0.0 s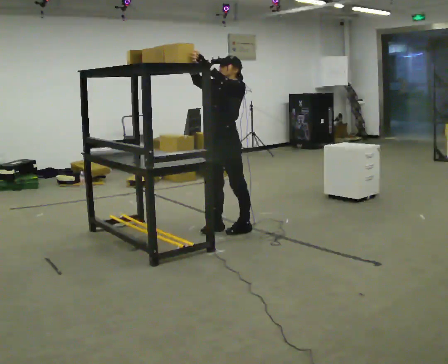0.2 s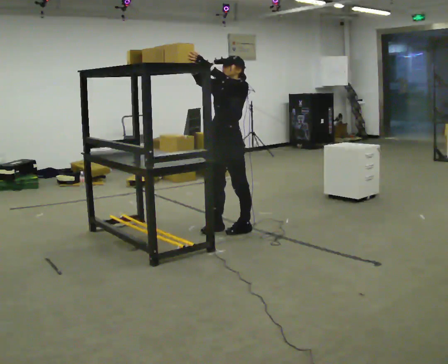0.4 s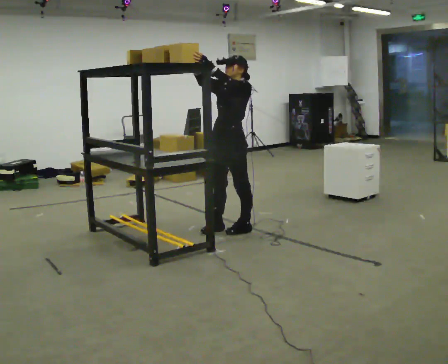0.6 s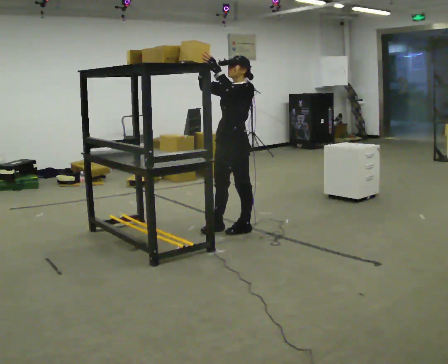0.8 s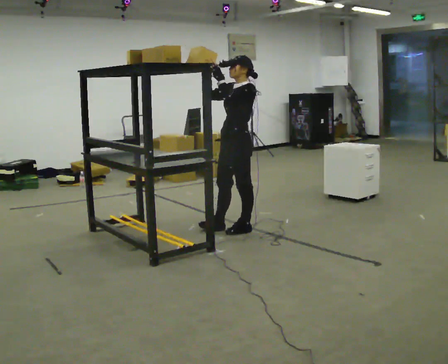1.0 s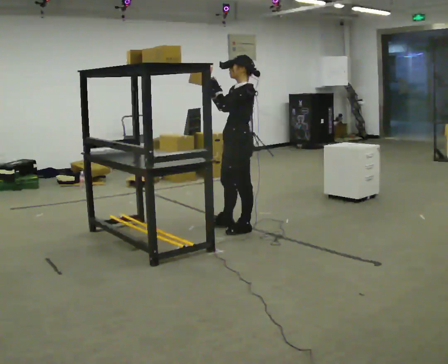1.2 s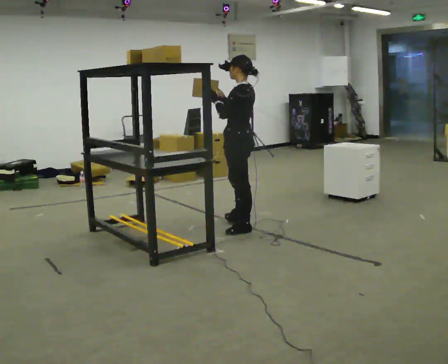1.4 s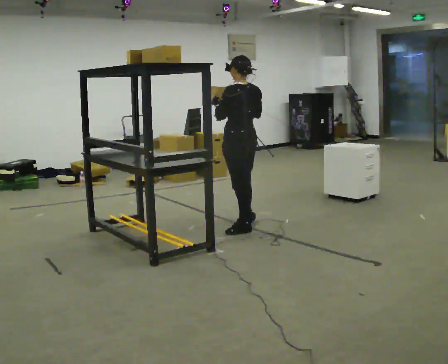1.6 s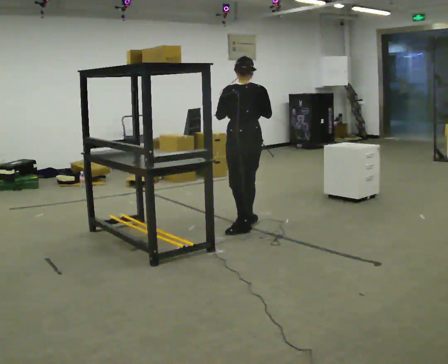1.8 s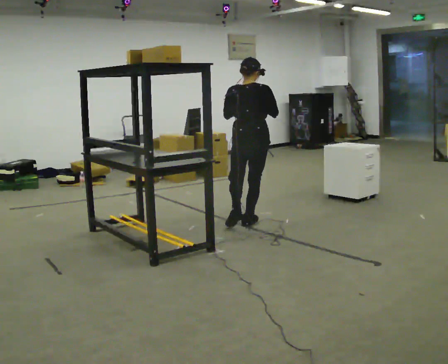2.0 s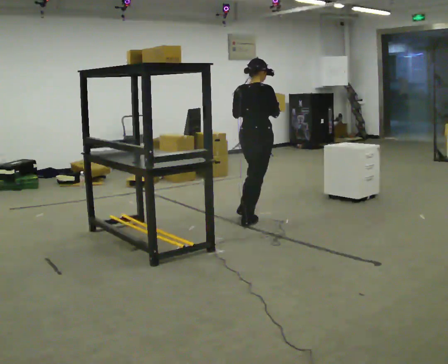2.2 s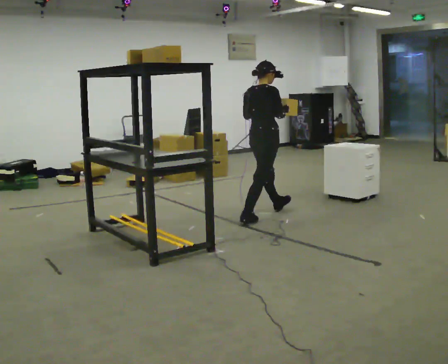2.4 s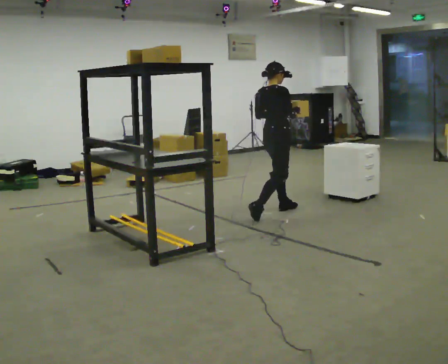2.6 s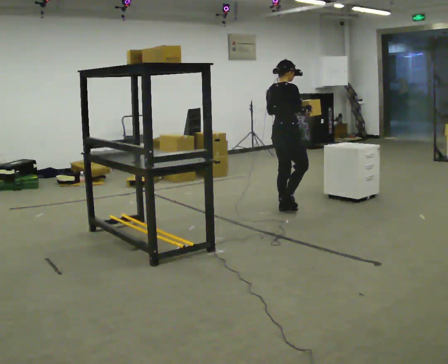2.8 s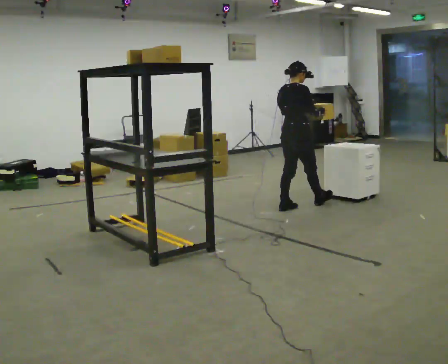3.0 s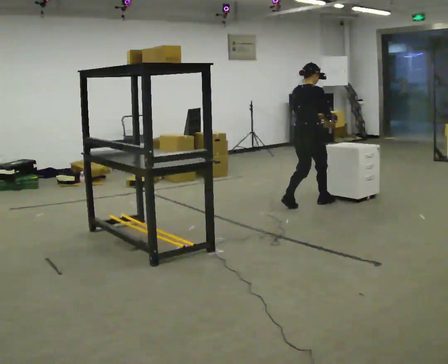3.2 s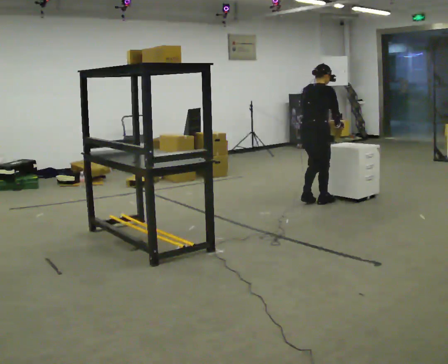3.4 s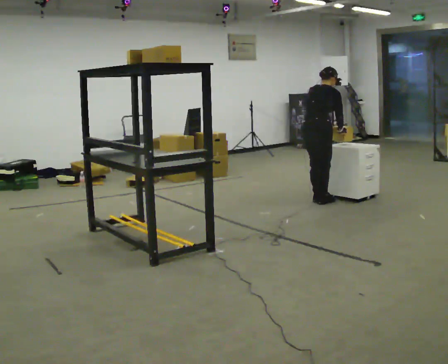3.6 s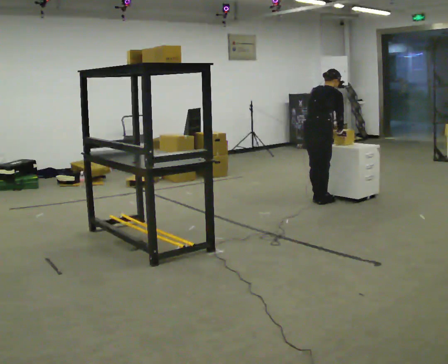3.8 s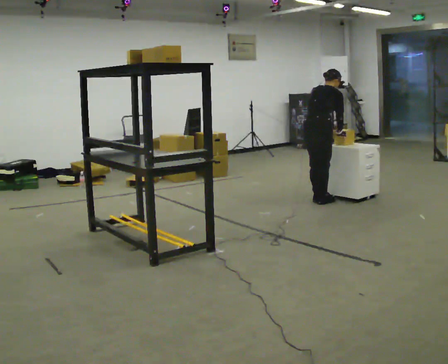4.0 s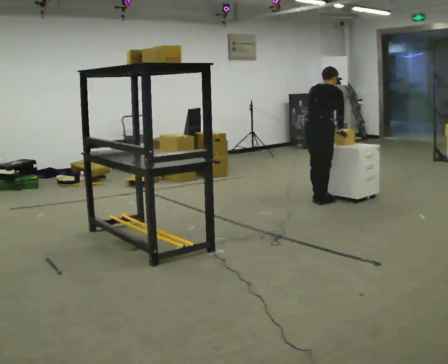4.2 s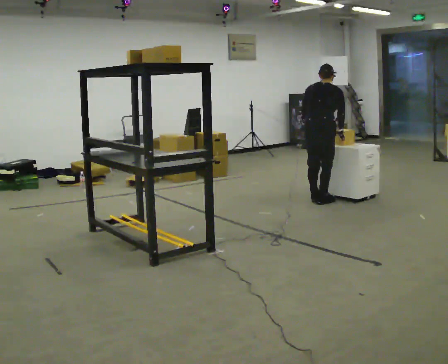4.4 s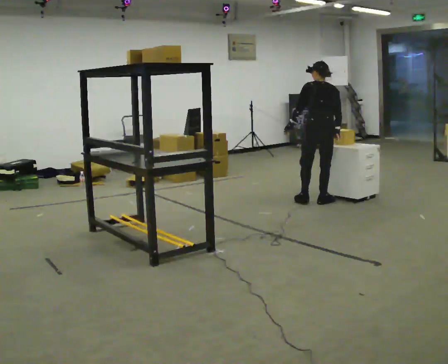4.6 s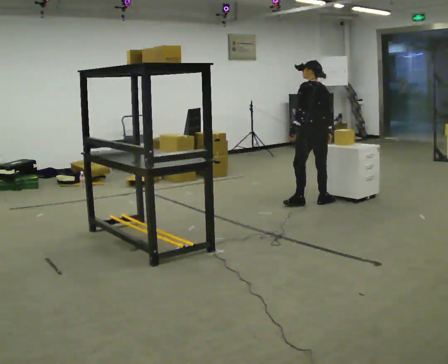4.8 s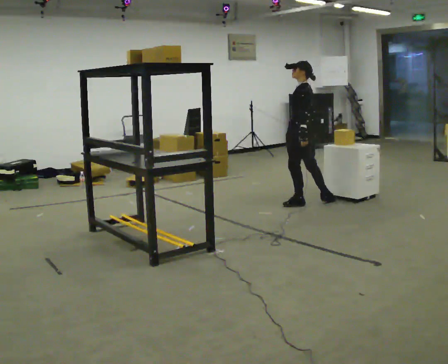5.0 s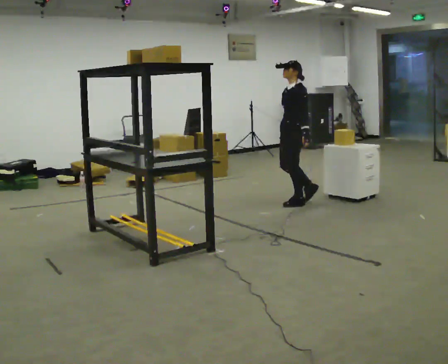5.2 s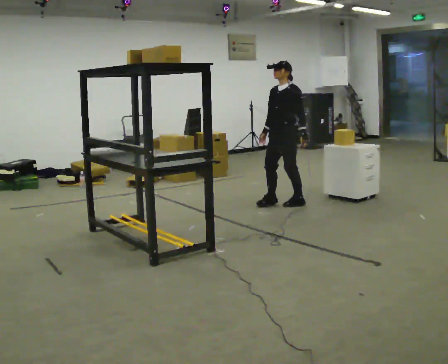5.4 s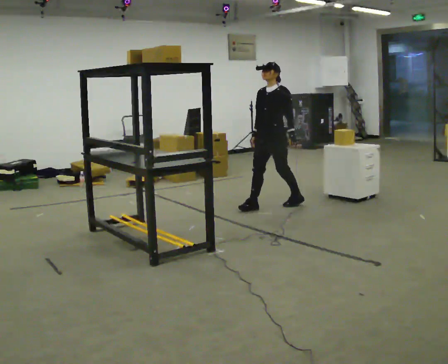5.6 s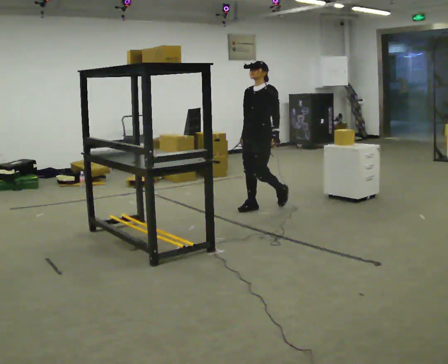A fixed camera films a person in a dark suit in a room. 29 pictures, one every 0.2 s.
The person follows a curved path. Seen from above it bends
counterclockwise.
Their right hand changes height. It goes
downward.
0.0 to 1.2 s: Seen from above the body turns clockwise, about 45 degrees: to their right, with its near side sliding to the left. In the picture they go to the right, about 0.25 m, which for them is backward.
1.2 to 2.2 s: The person turns about 135 degrees to their right, clockwise seen from above, so the part of the body nearest the lens slides to the left. In the picture they go away from the camera, about 0.5 m in 1 step.
2.2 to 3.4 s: In the picture they go to the right and away from the camera, about 1 m in 3 steps, which for them is forward. The upper body tips away from the camera, its near side rolling upward, as they bend forward.
3.4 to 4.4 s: The part of the body nearest the lens slides to the right as the person turns to their left by about 45 degrees. In the picture their left hand goes to the left.
4.4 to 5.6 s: The person turns about 135 degrees to their left, counterclockwise seen from above, so the part of the body nearest the lens slides to the right. In the picture they go to the left, about 0.75 m in 2 steps. The upper body tips toward the camera, its near side rolling downward, as they lean back or straighten.
The film runs forward here.
